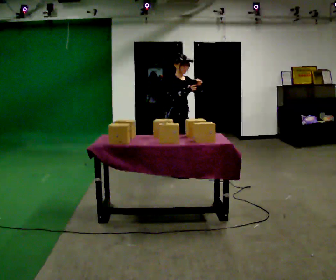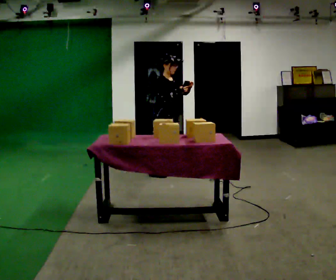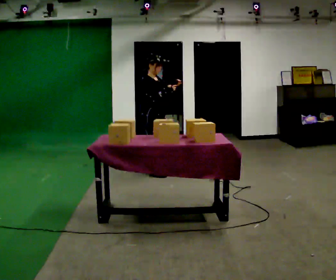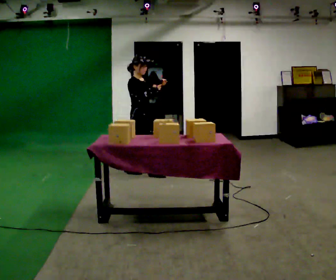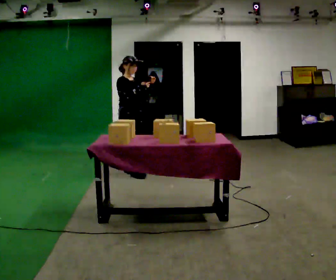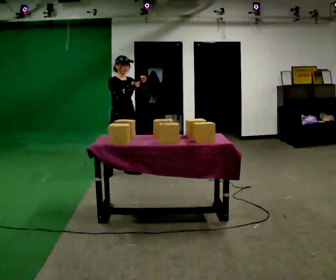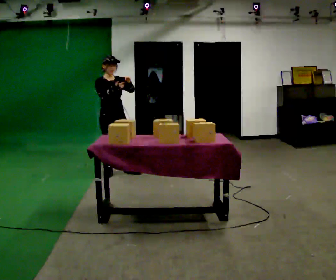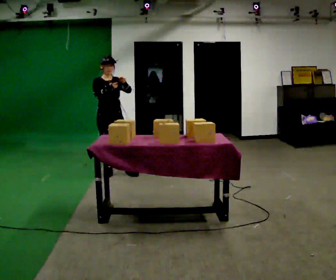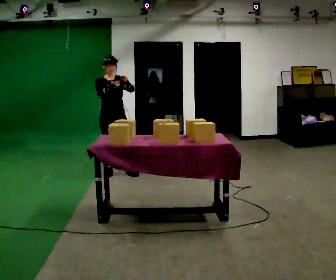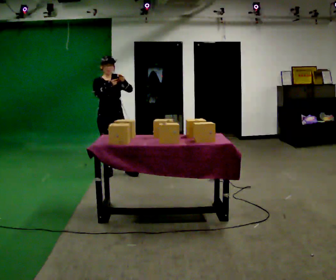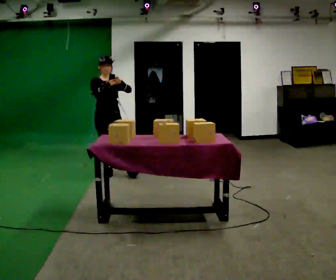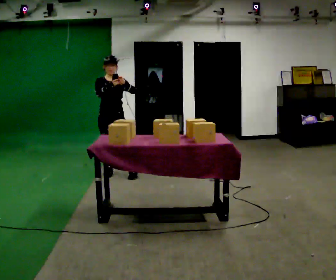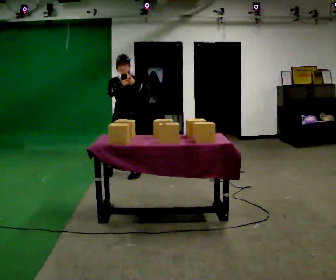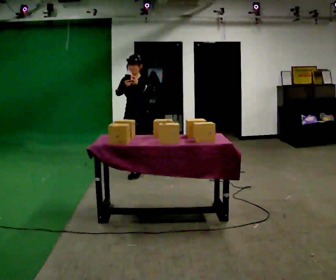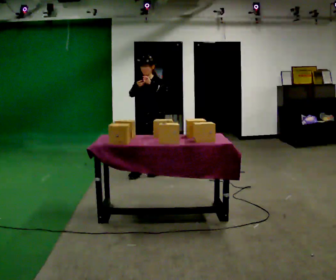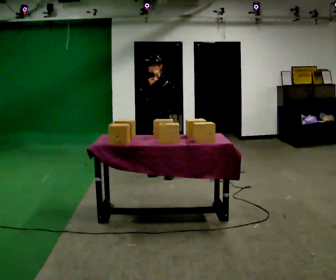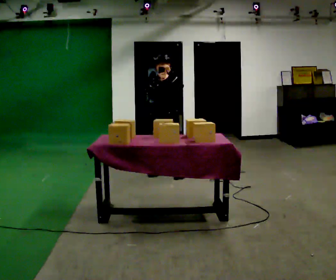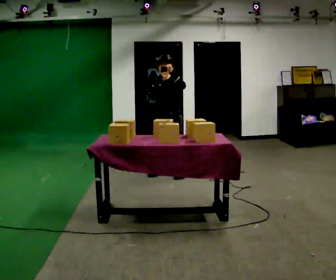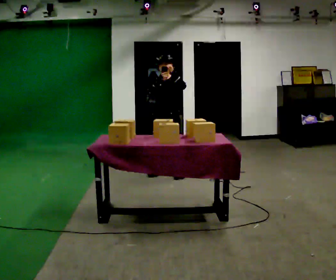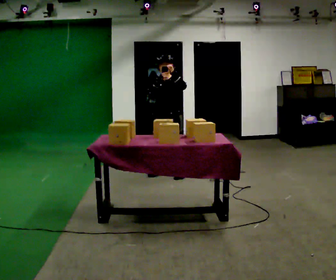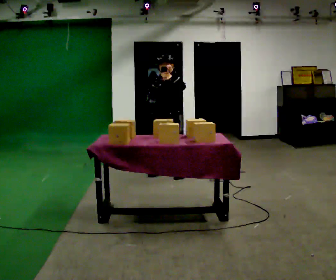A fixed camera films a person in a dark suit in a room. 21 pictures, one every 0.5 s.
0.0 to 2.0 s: In the picture they go to the left, about 0.75 m in 2 steps, which for them is backward.
2.0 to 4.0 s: The part of the body nearest the lens slides to the left as the person turns to their right by about 45 degrees. In the picture they go to the left, about 0.25 m, which for them is to their right. In the picture their right hand goes to the left.
4.0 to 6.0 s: Seen from above the body turns clockwise, about 30 degrees: to their right, with its near side sliding to the left. In the picture they go to the right, about 0.25 m, which for them is to their left.
6.0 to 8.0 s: In the picture they go to the right, about 0.5 m in 2 steps, which for them is backward and to their left.
8.0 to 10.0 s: The person moves a little, or ends about where they began.
The film runs backward here.
